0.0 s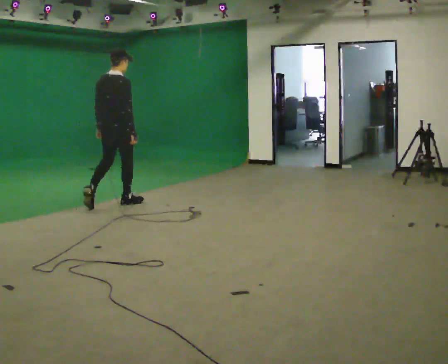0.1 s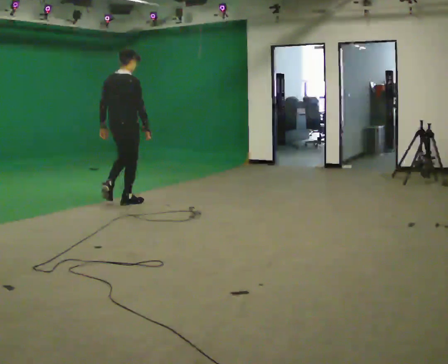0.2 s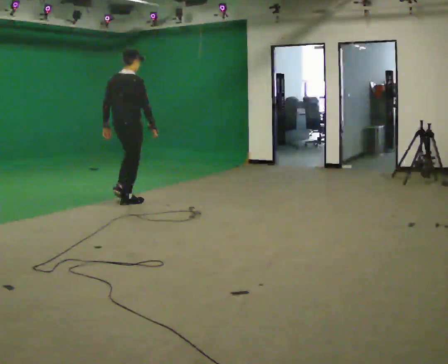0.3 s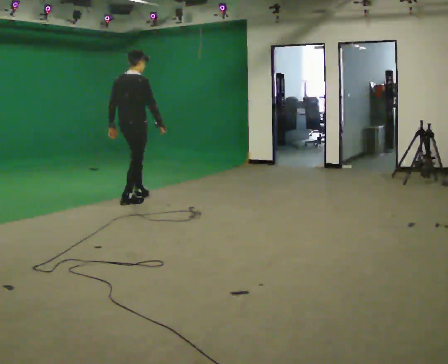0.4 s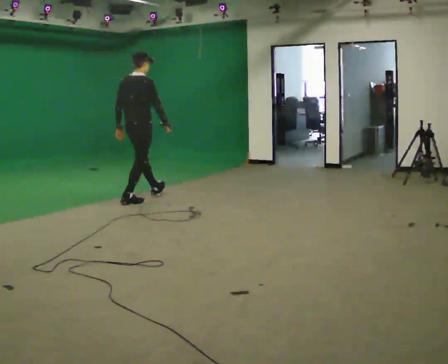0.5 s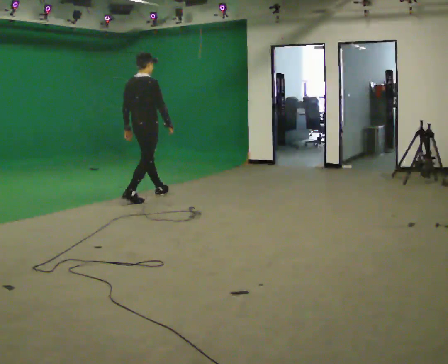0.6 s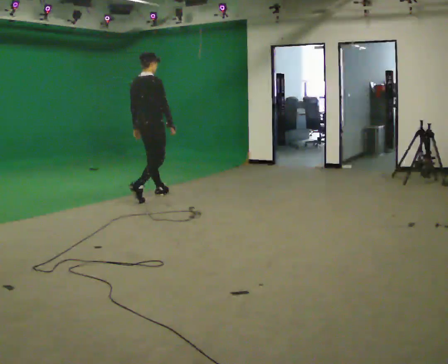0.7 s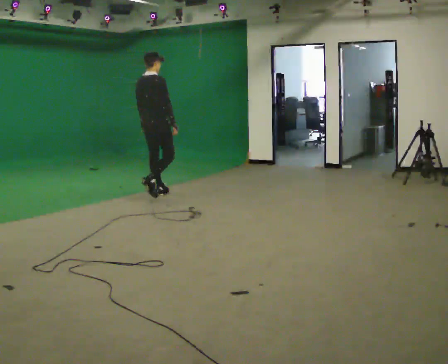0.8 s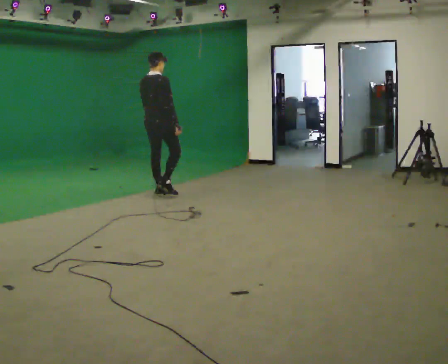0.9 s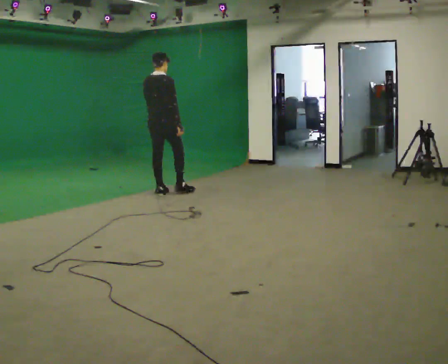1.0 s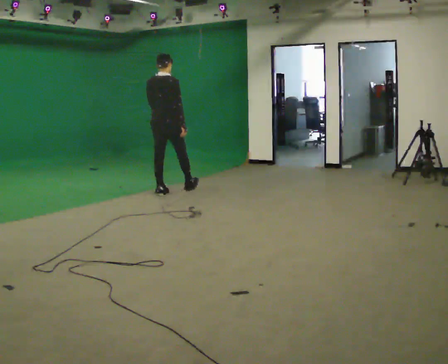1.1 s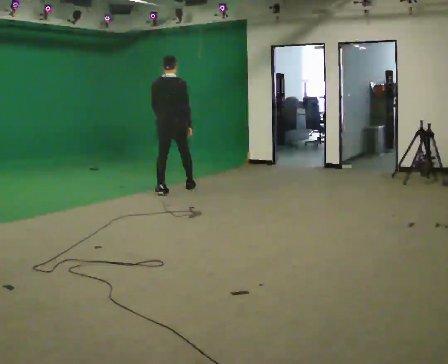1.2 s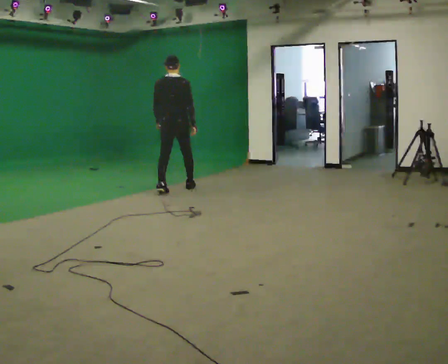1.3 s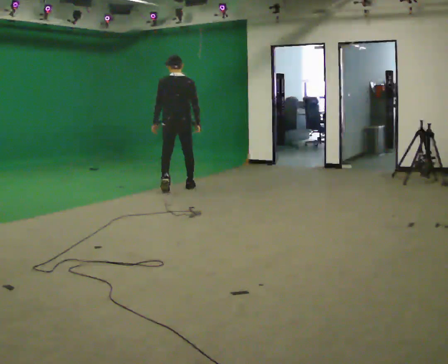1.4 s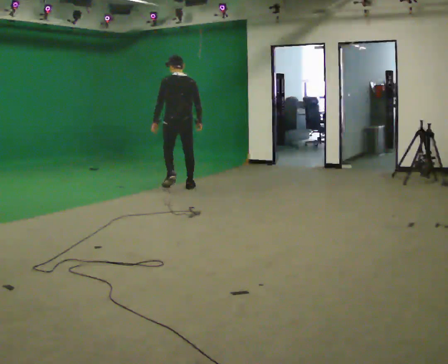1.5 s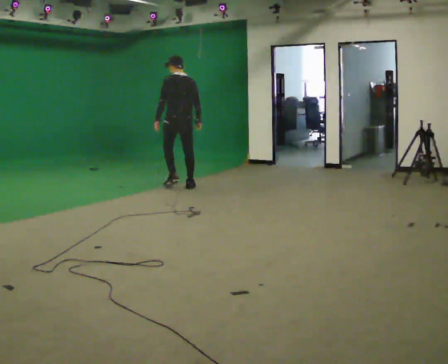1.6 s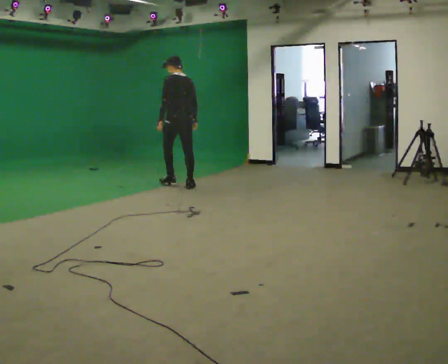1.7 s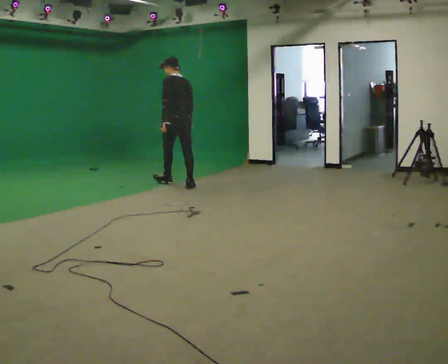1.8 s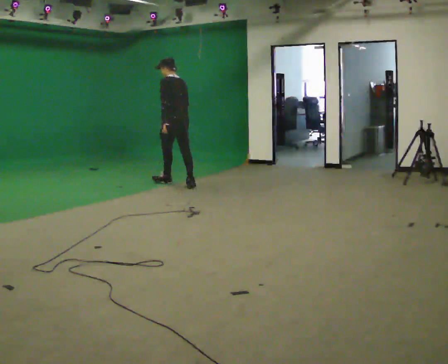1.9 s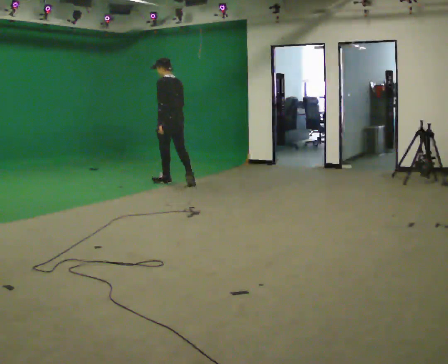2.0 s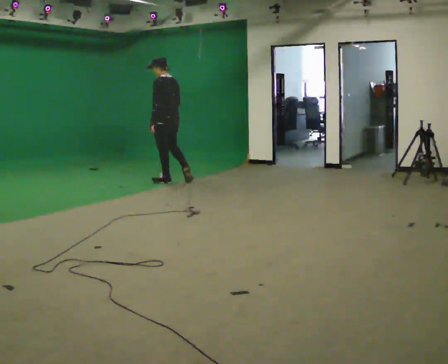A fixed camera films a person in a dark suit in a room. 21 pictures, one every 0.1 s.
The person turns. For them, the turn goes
to their left.
The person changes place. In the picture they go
away from the camera.
0.0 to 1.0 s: In the picture they go away from the camera and to the right, about 1 m in 1 step, which for them is forward.
1.0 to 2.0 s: The person turns about 75 degrees to their left, counterclockwise seen from above, so the part of the body nearest the lens slides to the right. In the picture they go away from the camera, about 0.5 m in 2 steps.
The film runs forward here.
